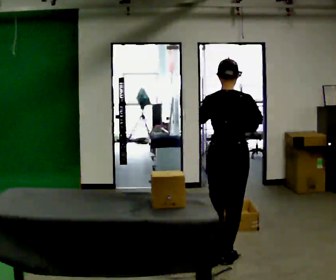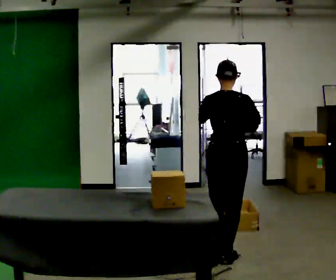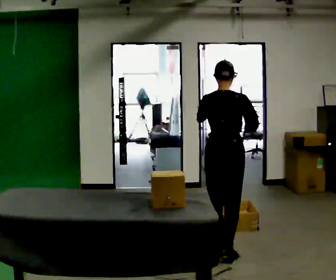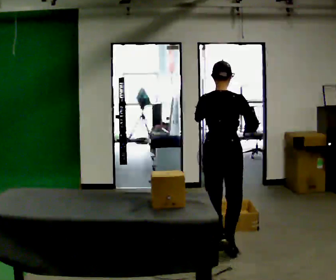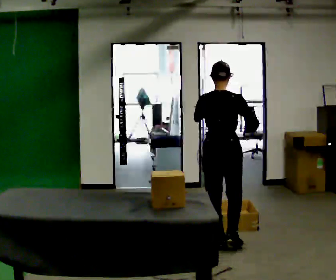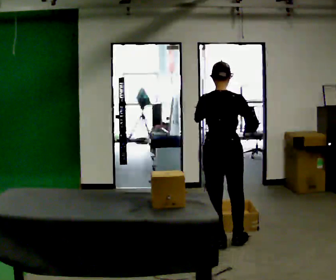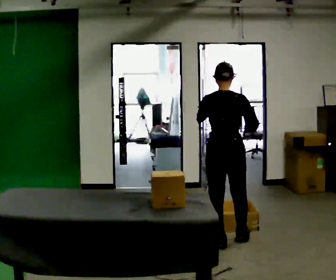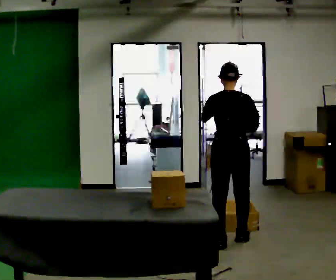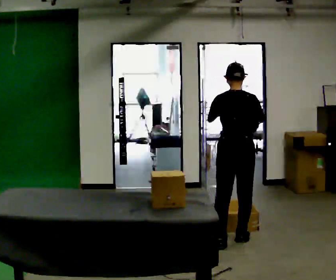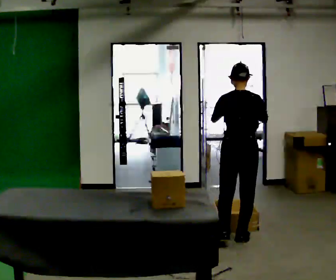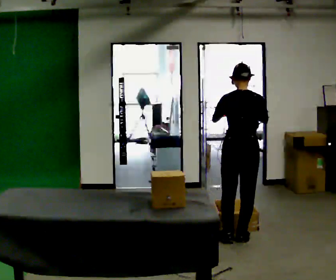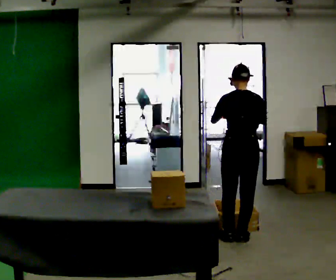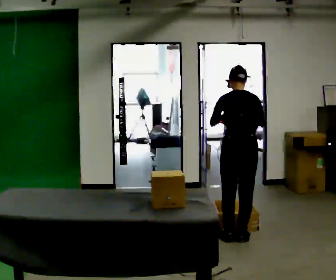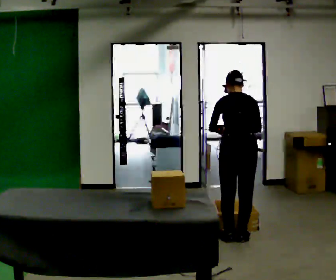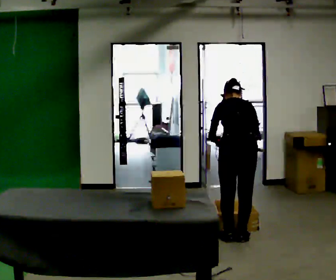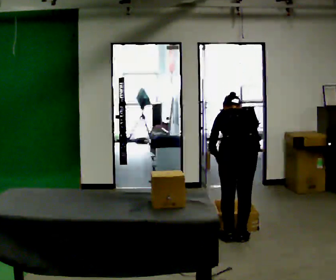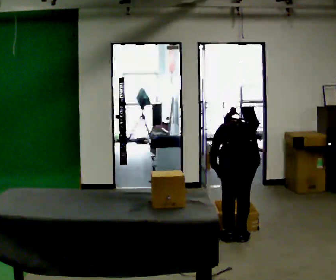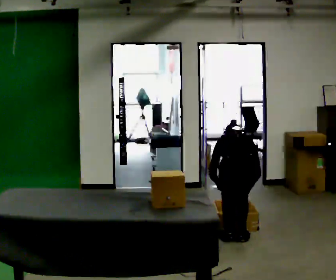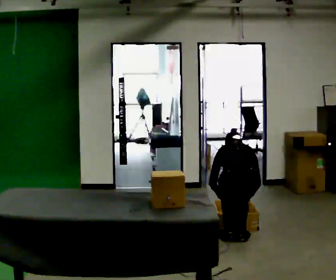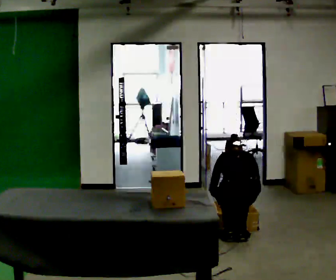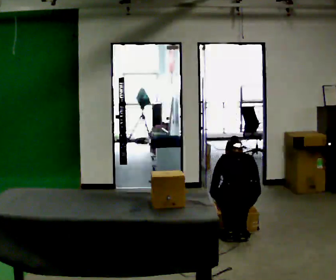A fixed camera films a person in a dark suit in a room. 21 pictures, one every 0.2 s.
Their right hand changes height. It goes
downward.
The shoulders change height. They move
downward.
0.0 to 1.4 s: In the picture they go away from the camera, about 0.25 m in 2 steps, which for them is forward.
1.4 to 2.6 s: The upper body tips away from the camera, its near side rolling upward, as they bend forward.
2.6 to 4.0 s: The upper body goes downward. In the picture their right hand goes downward.
The film runs forward here.
